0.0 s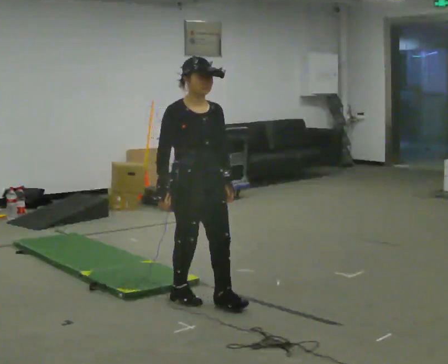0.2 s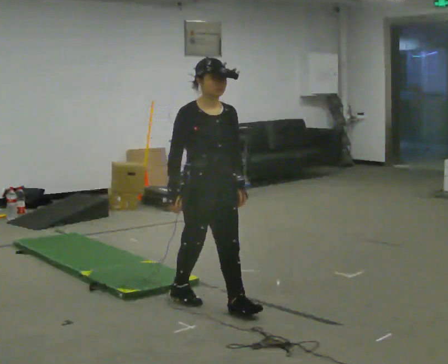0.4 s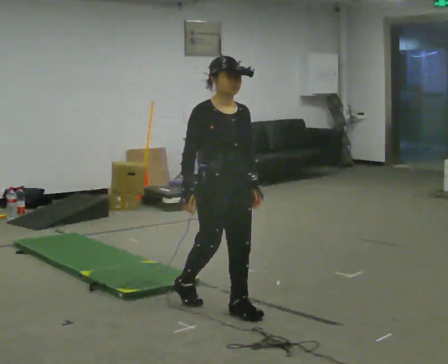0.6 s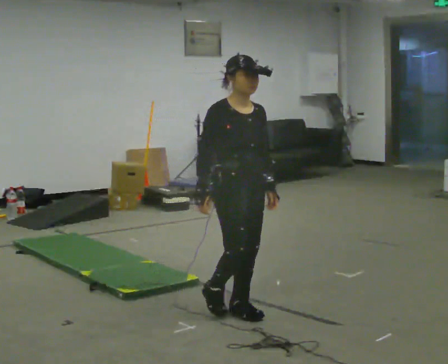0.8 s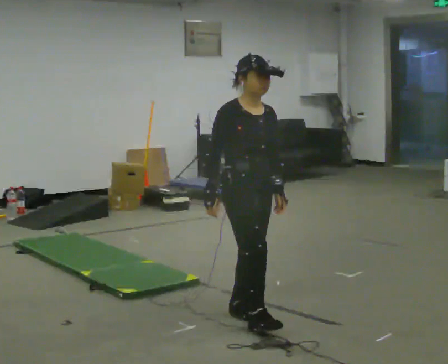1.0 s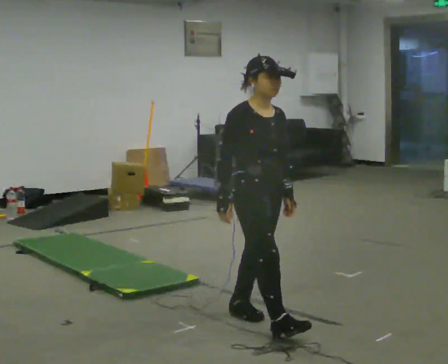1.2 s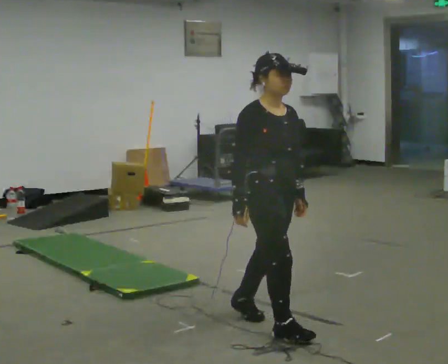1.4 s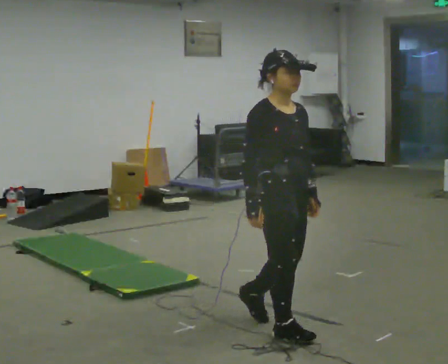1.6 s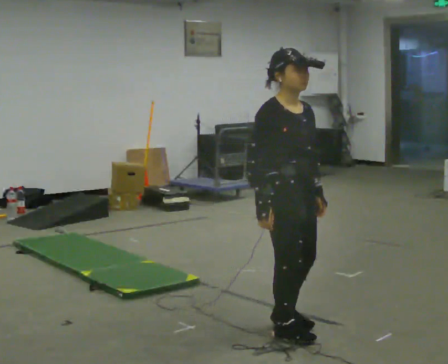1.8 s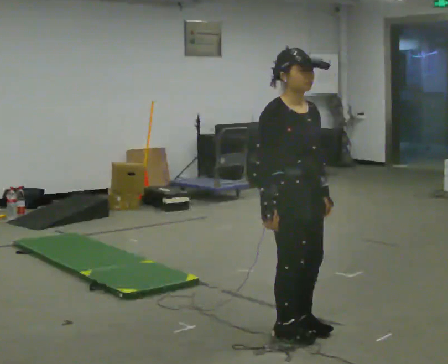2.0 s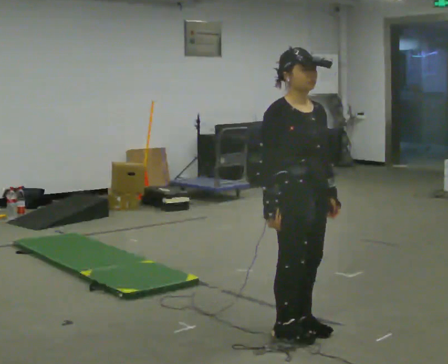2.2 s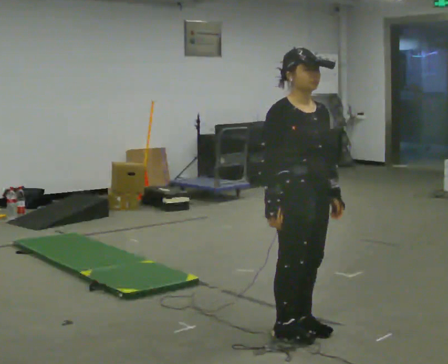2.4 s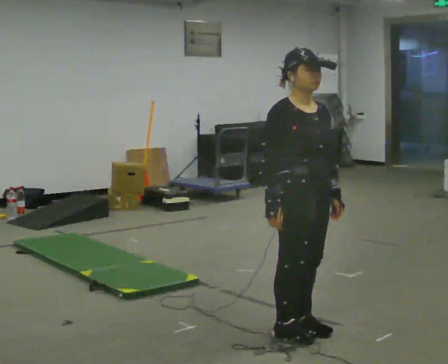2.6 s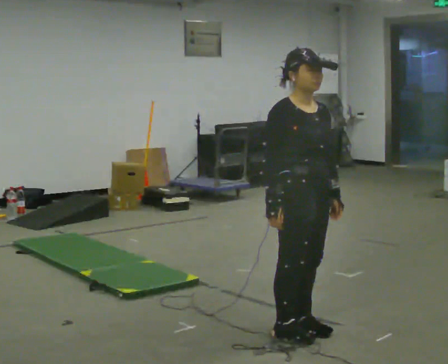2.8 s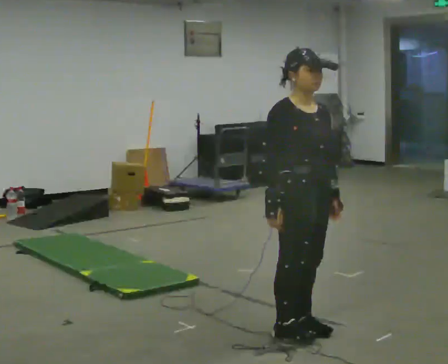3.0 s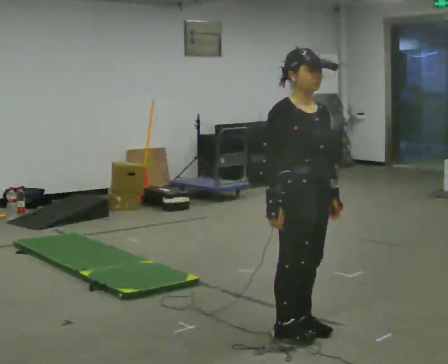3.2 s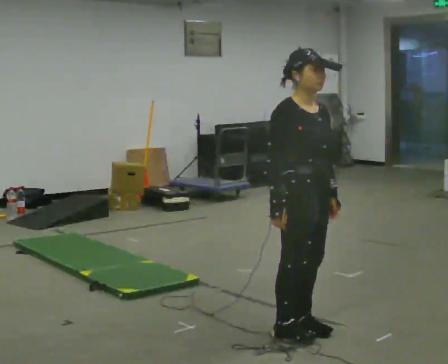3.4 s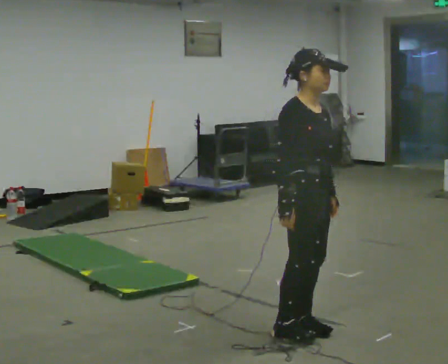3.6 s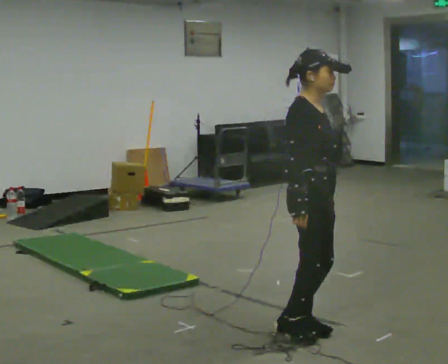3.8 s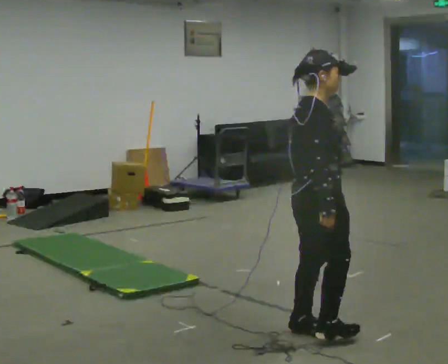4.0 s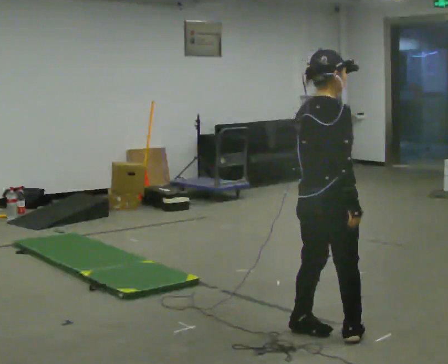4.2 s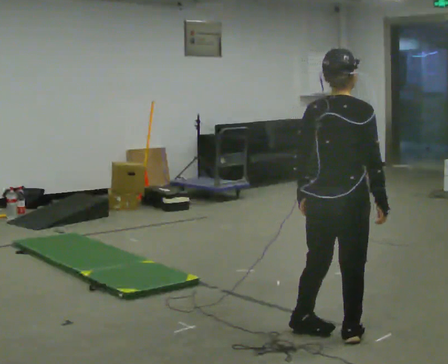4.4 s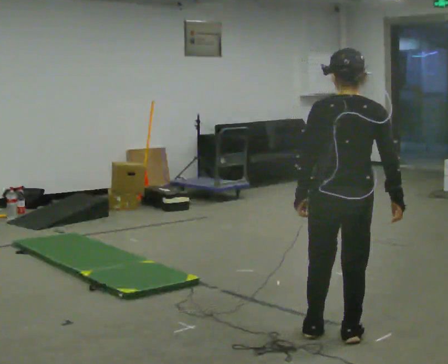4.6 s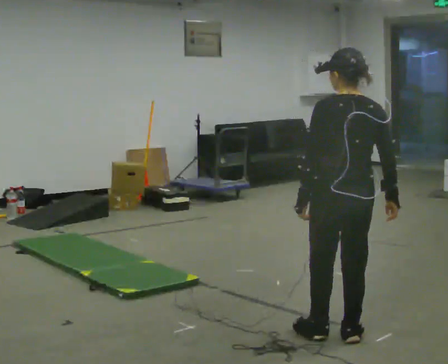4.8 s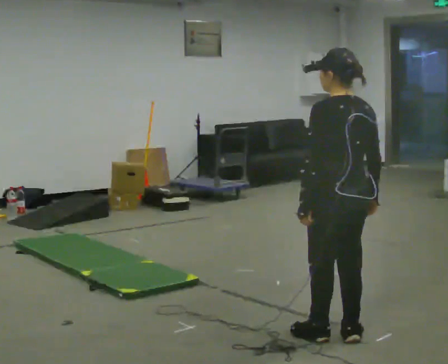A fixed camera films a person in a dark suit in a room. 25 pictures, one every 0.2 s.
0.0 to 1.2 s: In the picture they go toward the camera and to the right, about 0.5 m in 2 steps, which for them is forward.
1.2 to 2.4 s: In the picture they go to the right, about 0.25 m in 1 step, which for them is forward.
2.4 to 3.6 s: Seen from above the body turns counterclockwise, about 30 degrees: to their left, with its near side sliding to the right.
3.6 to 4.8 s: Seen from above the body turns counterclockwise, about 135 degrees: to their left, with its near side sliding to the right. In the picture they go to the right, about 0.25 m in 2 steps. In the picture their right hand goes to the right.
The film runs forward here.
